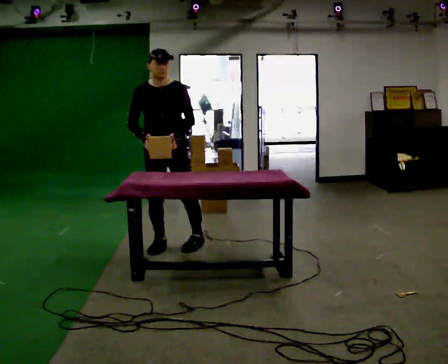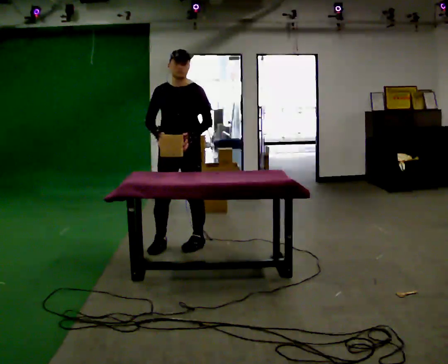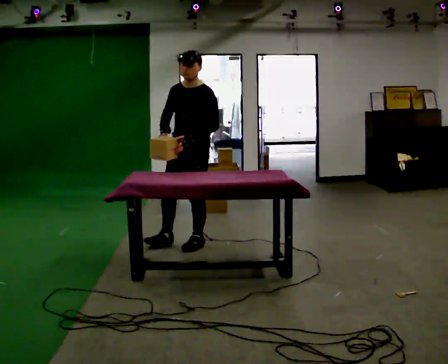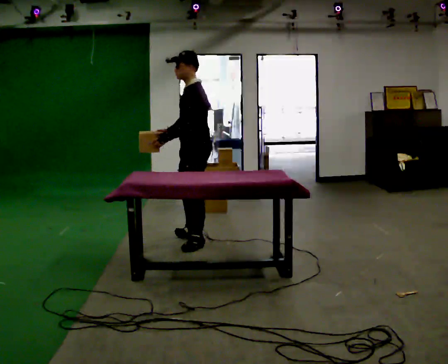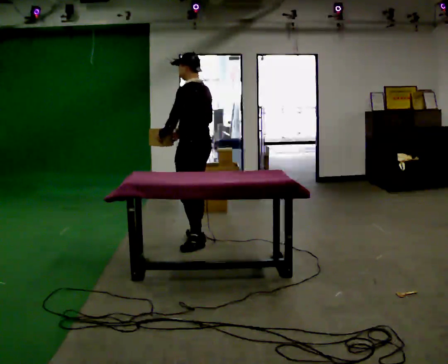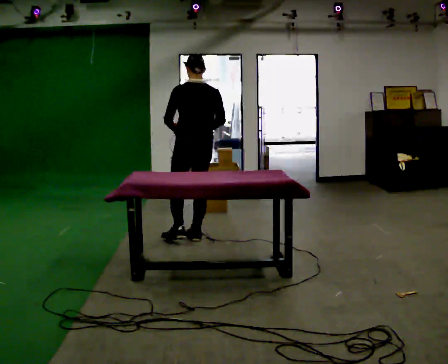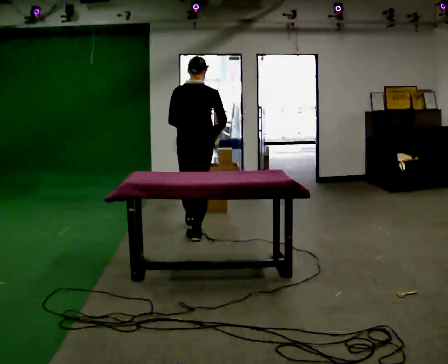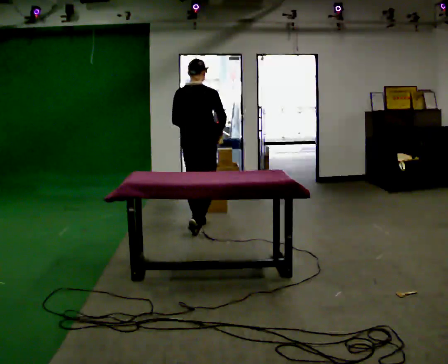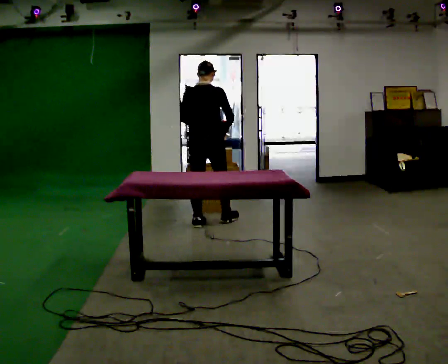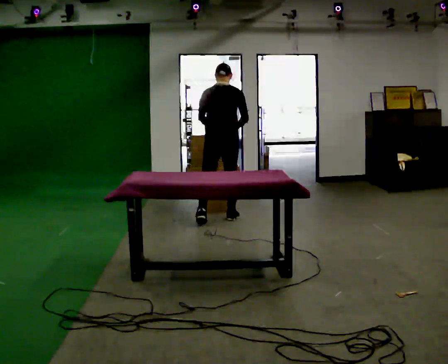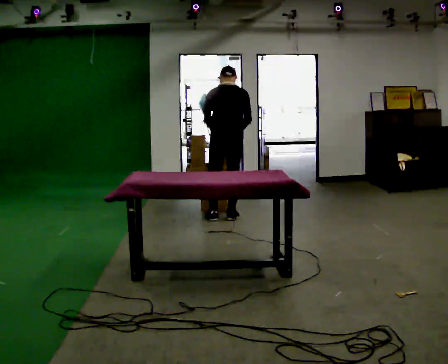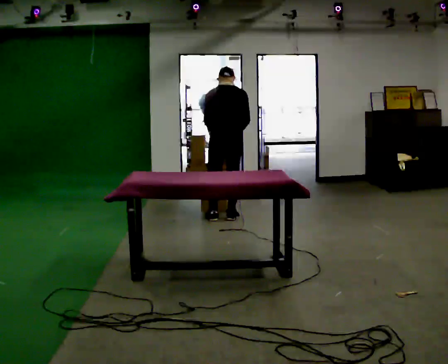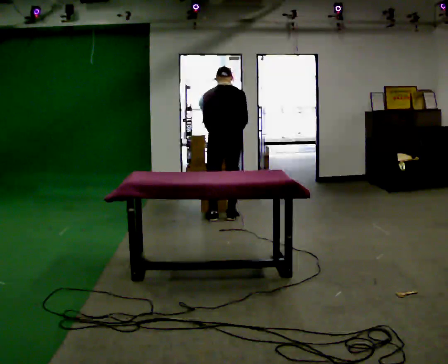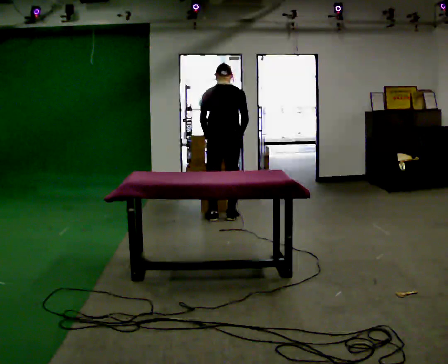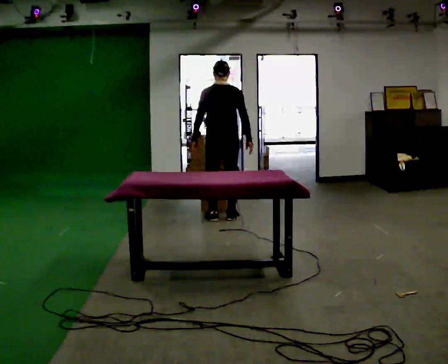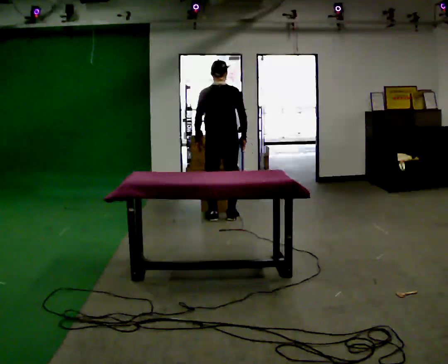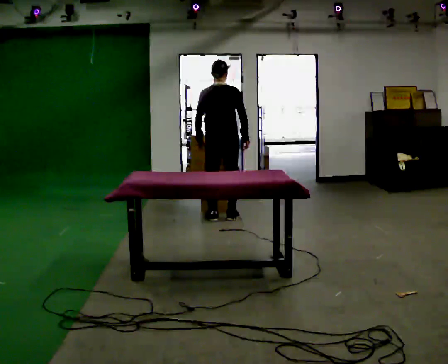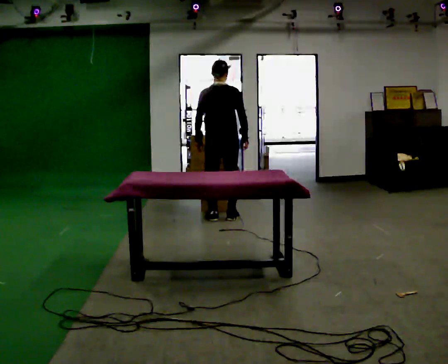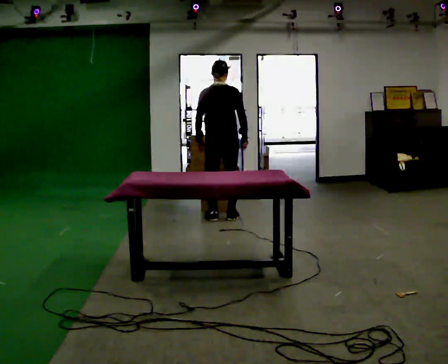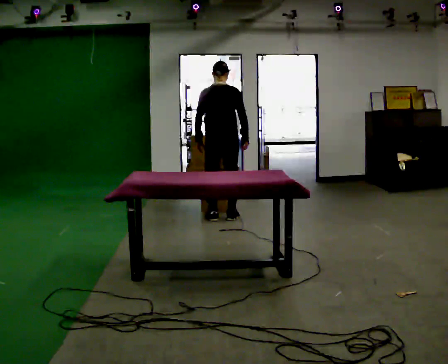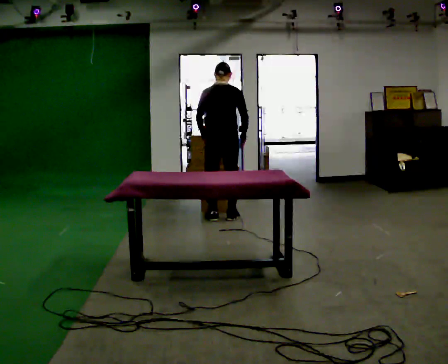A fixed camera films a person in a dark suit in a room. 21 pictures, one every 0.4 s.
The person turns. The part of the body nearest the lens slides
to the left.
The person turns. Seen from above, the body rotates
clockwise.
0.0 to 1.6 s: The person turns about 120 degrees to their right, clockwise seen from above, so the part of the body nearest the lens slides to the left. In the picture they go to the right and away from the camera, about 0.25 m in 1 step.
1.6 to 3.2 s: The part of the body nearest the lens slides to the left as the person turns to their right by about 75 degrees. In the picture they go away from the camera, about 0.5 m in 1 step.
3.2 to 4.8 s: In the picture they go away from the camera and to the right, about 0.25 m in 2 steps, which for them is forward and to their right.
4.8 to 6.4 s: The upper body tips toward the camera, its near side rolling downward, as they lean back or straighten.
6.4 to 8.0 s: The person moves a little, or ends about where they began.
The film runs forward here.
